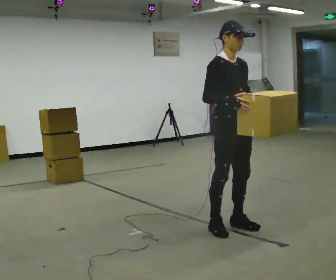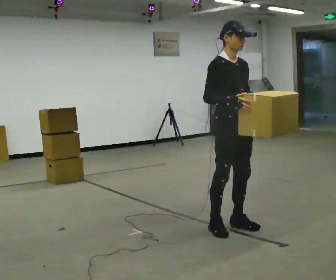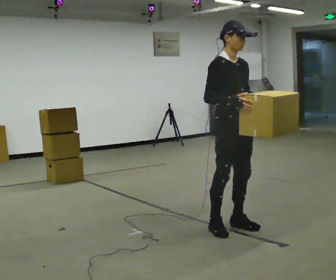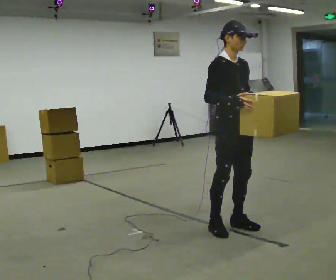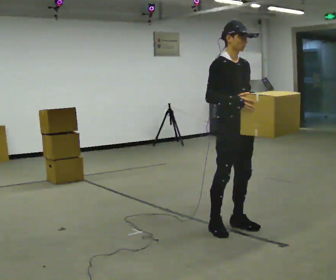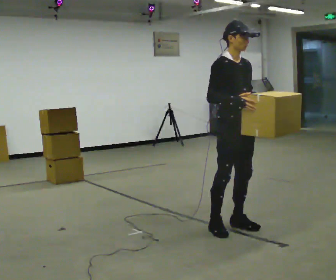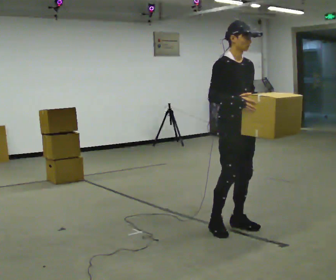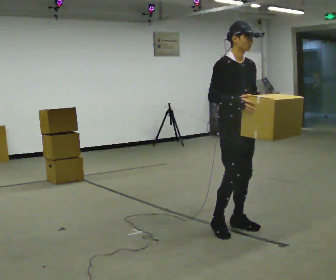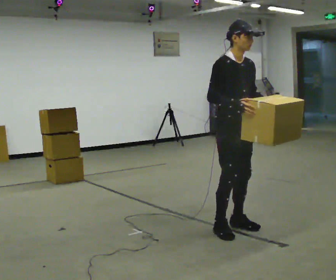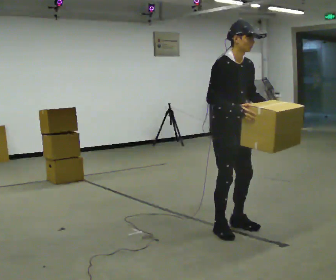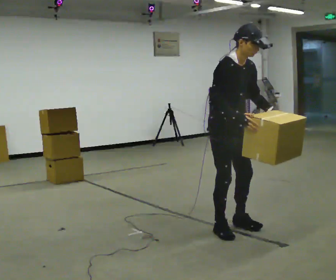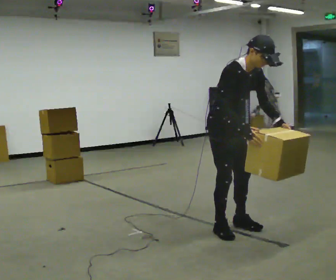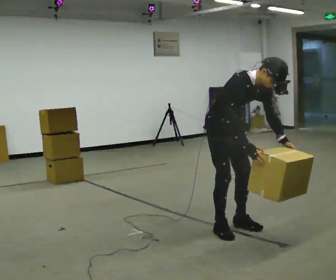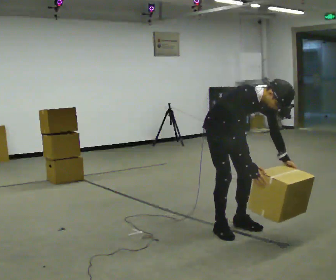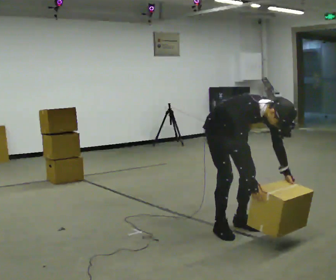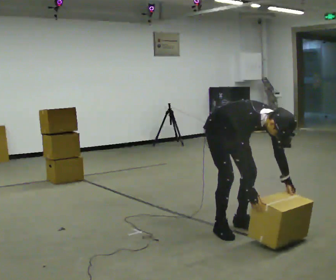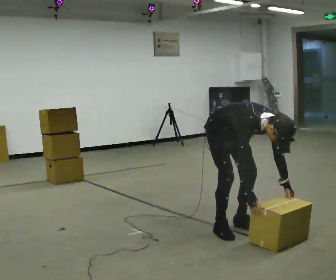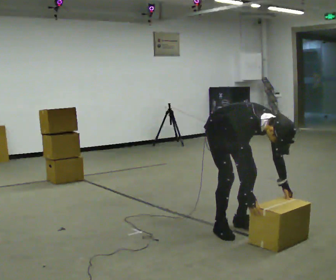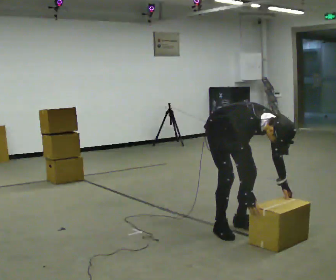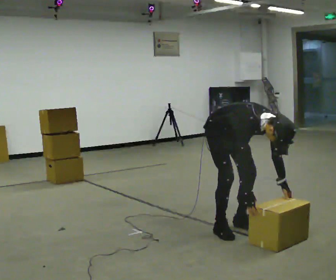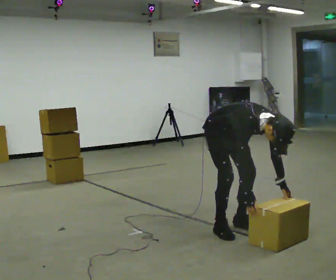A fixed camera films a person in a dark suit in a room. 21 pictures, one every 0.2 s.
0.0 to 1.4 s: The person moves a little, or ends about where they began.
1.4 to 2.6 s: The shoulders move downward. In the picture the upper body tilts clockwise, shoulders to the right, as they bend forward. In the picture their right hand goes downward.
2.6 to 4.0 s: The upper body goes downward. The upper body tips toward the camera, its near side rolling downward, as they bend forward.
The film runs forward here.
